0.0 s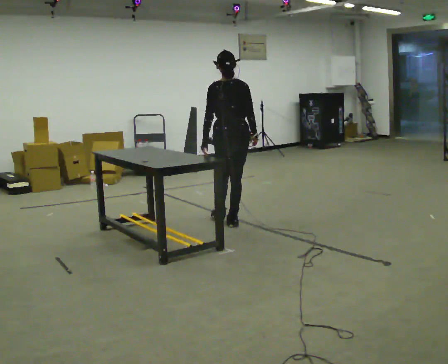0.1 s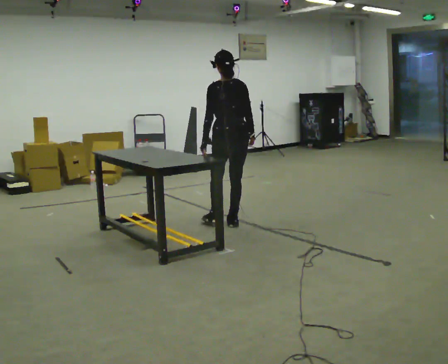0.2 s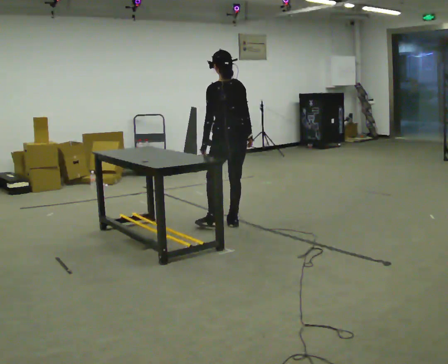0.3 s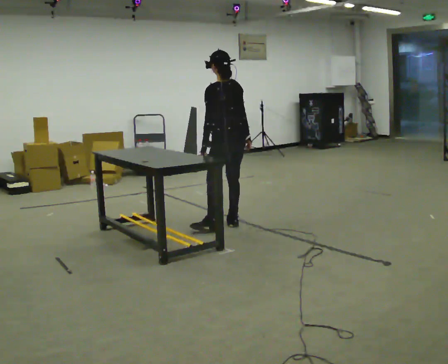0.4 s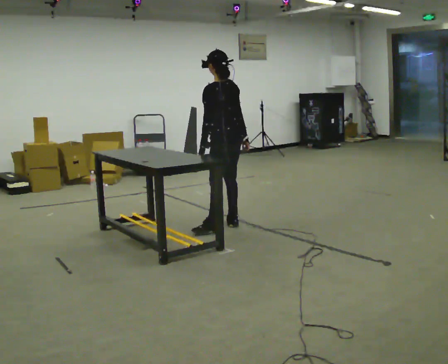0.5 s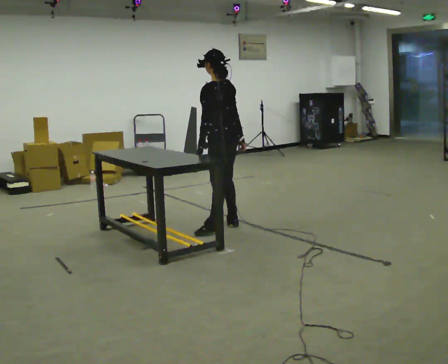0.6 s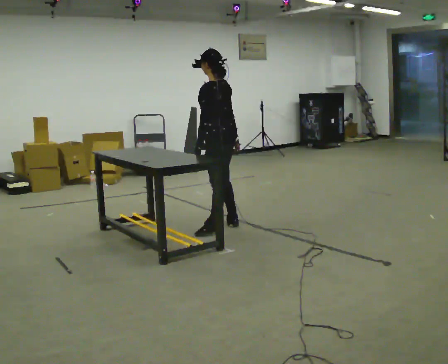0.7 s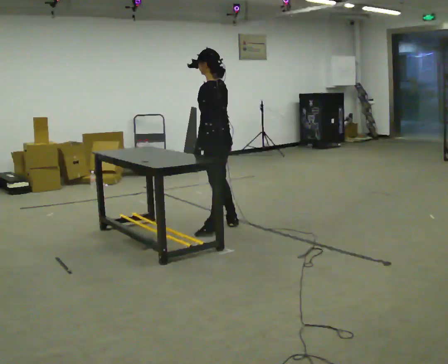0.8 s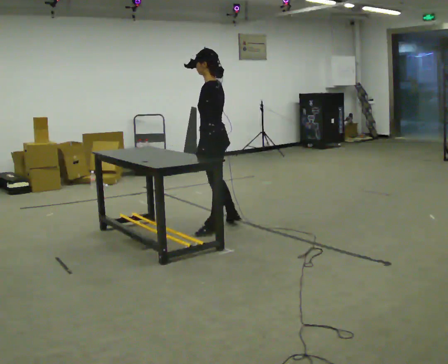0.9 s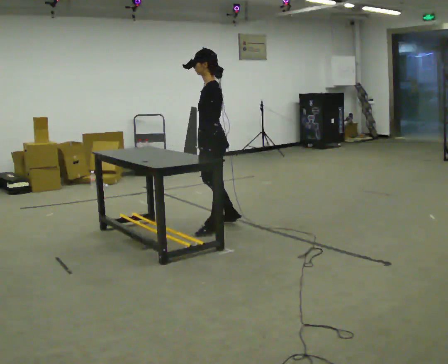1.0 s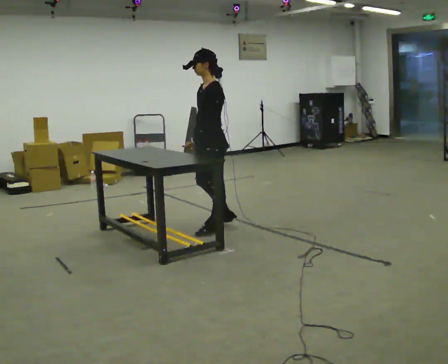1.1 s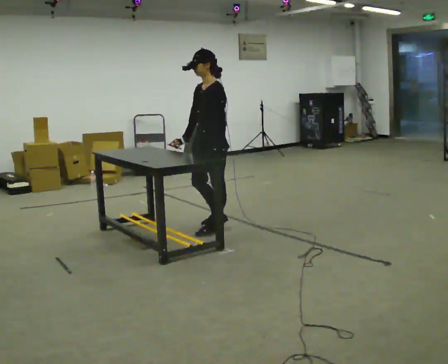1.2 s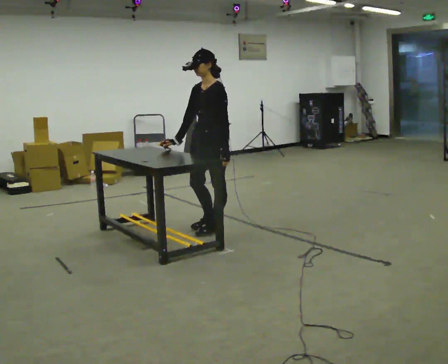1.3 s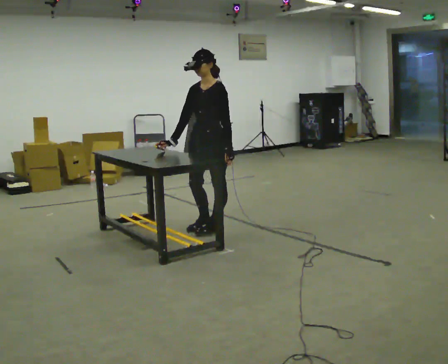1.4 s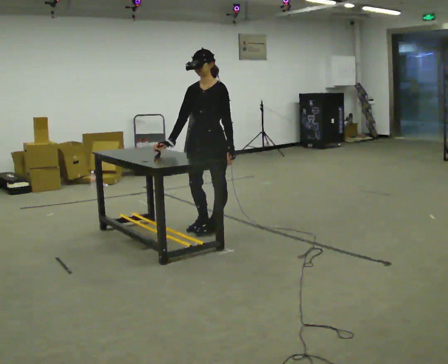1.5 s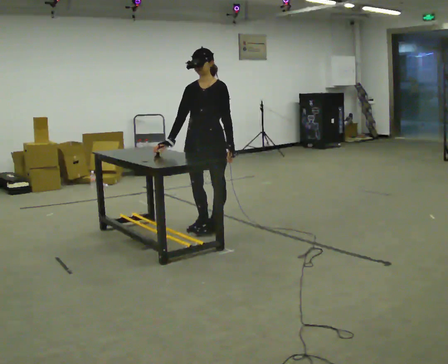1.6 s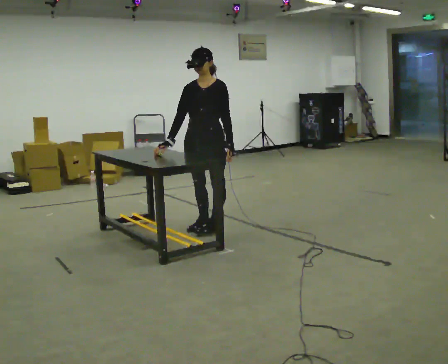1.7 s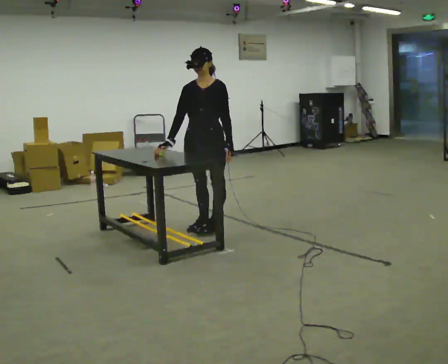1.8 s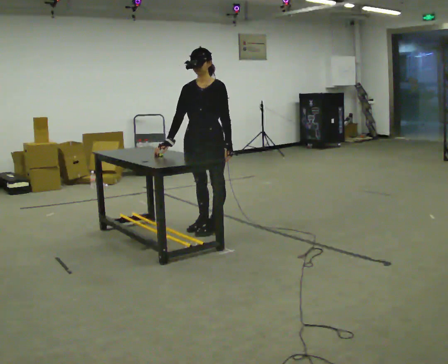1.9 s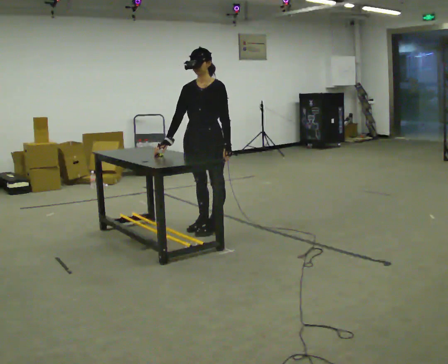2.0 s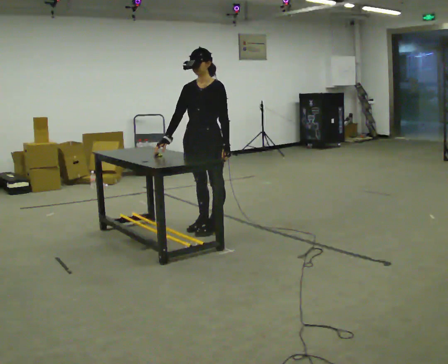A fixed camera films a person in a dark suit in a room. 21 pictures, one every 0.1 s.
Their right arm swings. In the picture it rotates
clockwise.
The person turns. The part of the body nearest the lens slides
to the right.
0.0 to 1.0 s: The person turns about 90 degrees to their left, counterclockwise seen from above, so the part of the body nearest the lens slides to the right. In the picture they go toward the camera and to the left, about 0.25 m in 1 step.
1.0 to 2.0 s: Seen from above the body turns counterclockwise, about 60 degrees: to their left, with its near side sliding to the right.
The film runs backward here.
